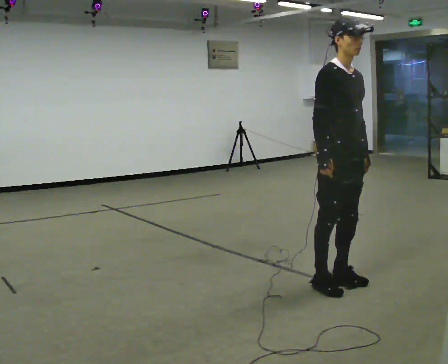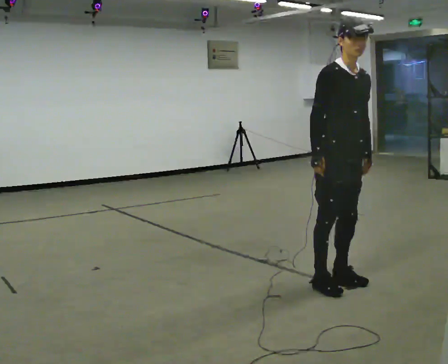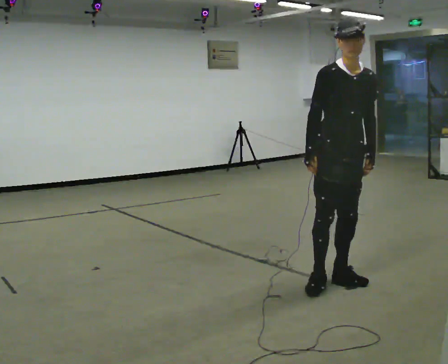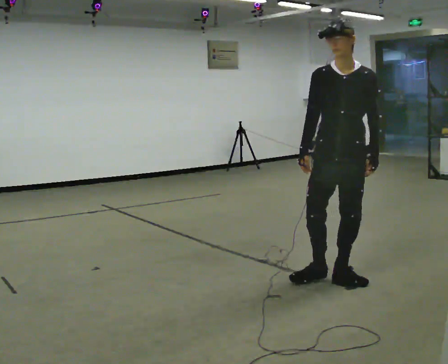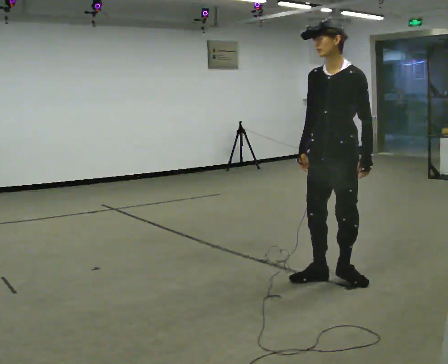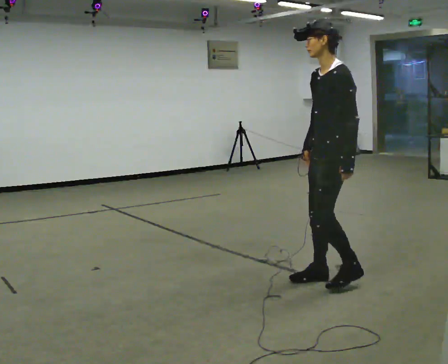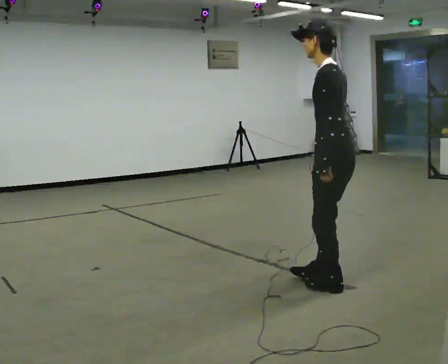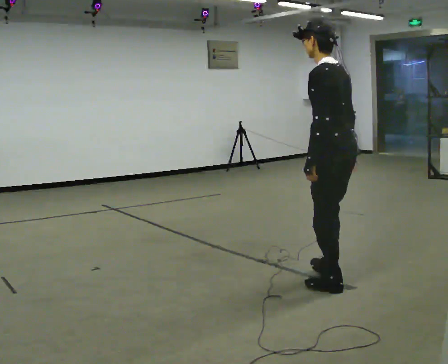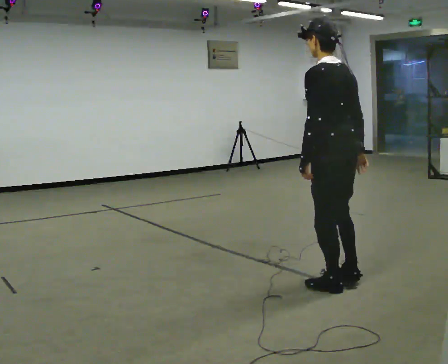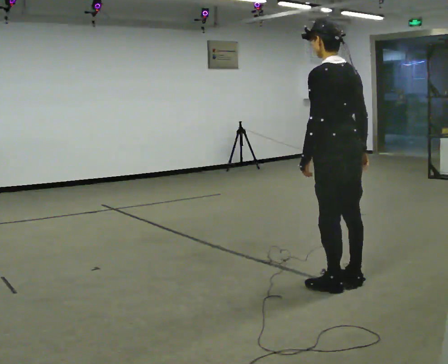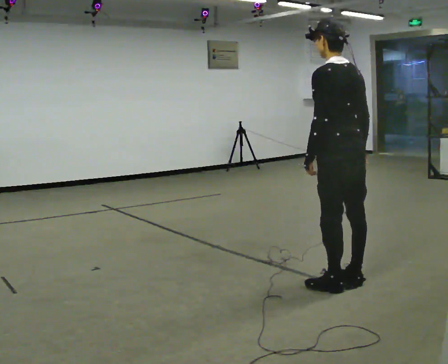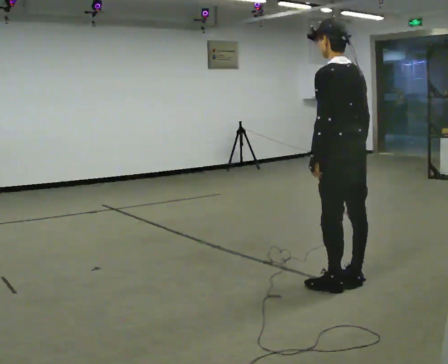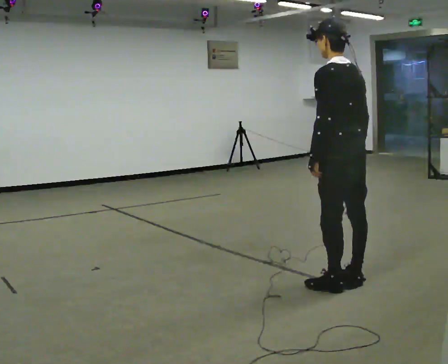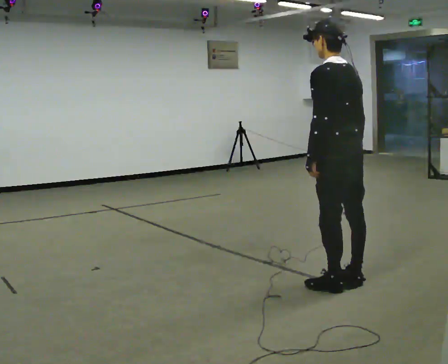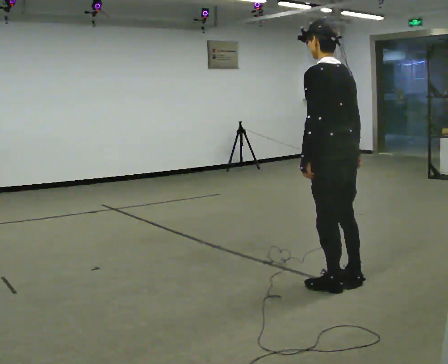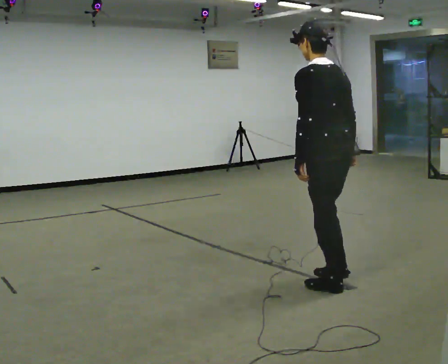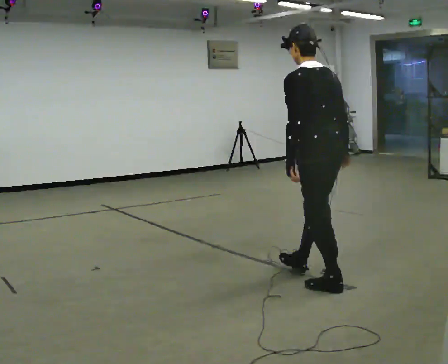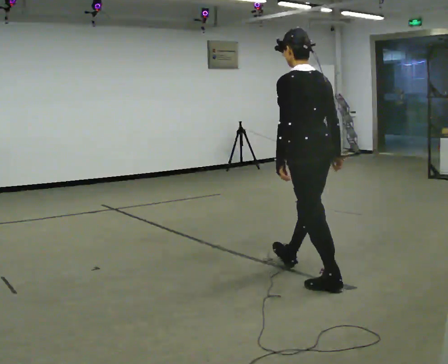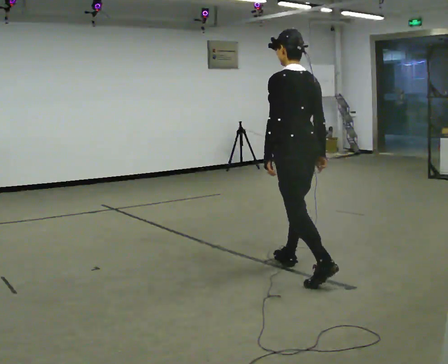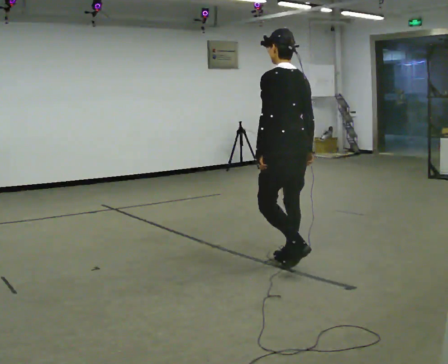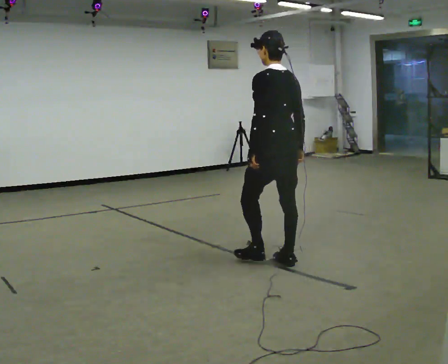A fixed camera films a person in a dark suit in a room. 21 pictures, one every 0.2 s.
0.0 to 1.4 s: The person turns about 165 degrees to their right, clockwise seen from above, so the part of the body nearest the lens slides to the left.
1.4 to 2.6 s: The person moves a little, or ends about where they began.
2.6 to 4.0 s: In the picture they go away from the camera and to the left, about 0.75 m in 1 step, which for them is forward.
The film runs forward here.
